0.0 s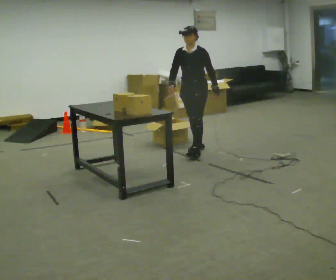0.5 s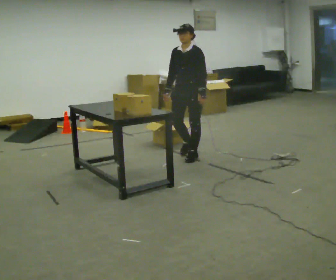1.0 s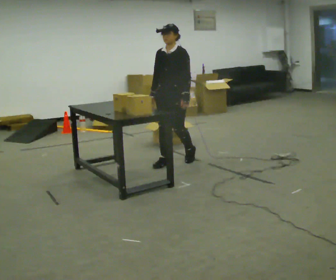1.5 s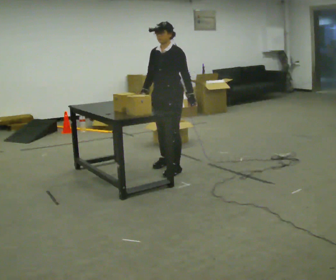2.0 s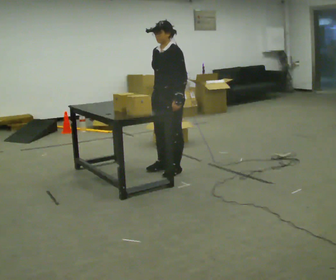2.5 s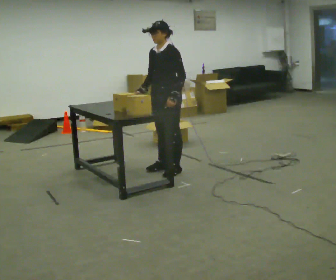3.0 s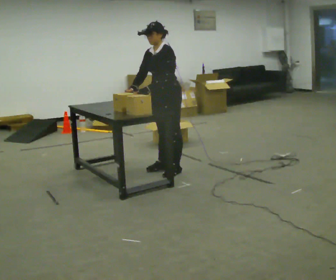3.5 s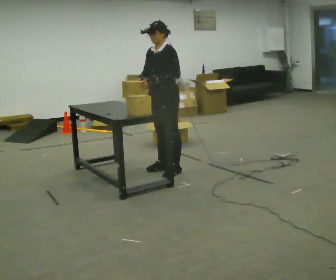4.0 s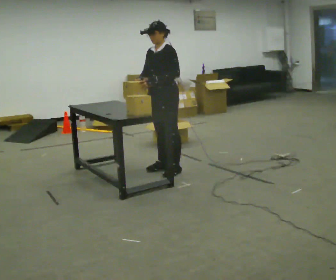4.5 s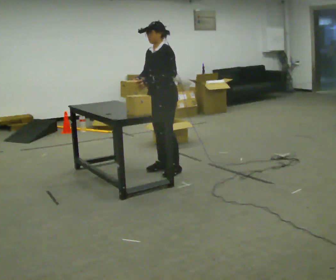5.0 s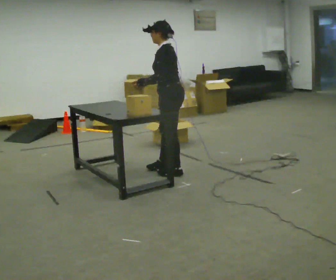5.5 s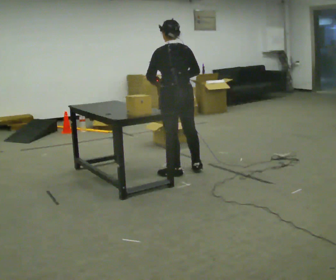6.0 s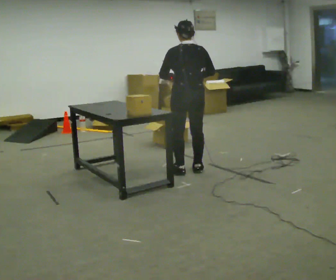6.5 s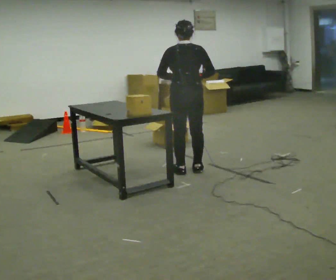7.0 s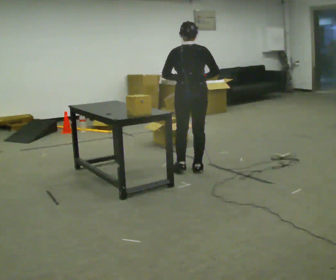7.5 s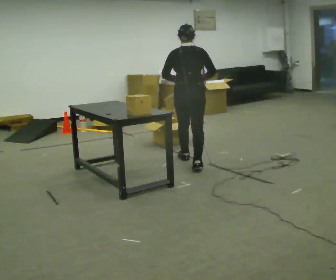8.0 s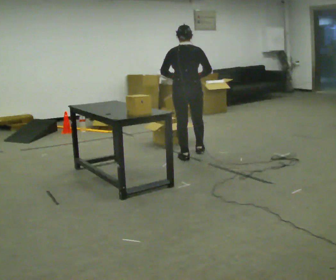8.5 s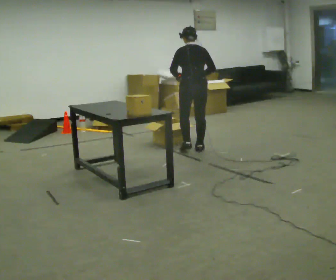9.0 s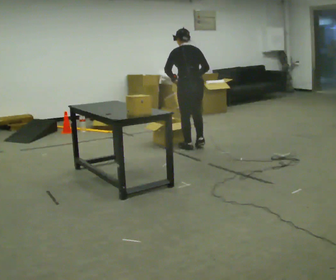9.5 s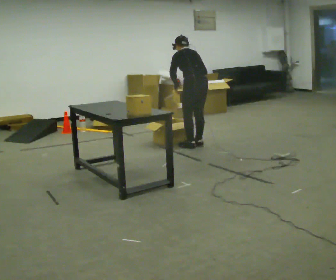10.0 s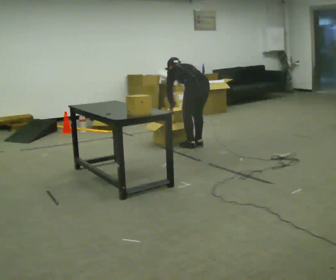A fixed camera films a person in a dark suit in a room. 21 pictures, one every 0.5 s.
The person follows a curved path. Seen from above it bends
counterclockwise.
0.0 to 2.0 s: In the picture they go toward the camera and to the left, about 1 m in 4 steps, which for them is forward.
2.0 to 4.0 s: The person moves a little, or ends about where they began.
4.0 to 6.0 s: The person turns about 120 degrees to their right, clockwise seen from above, so the part of the body nearest the lens slides to the left. In the picture they go to the right, about 0.25 m in 1 step.
6.0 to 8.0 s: In the picture they go away from the camera, about 0.5 m in 1 step, which for them is forward.
8.0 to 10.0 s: The part of the body nearest the lens slides to the right as the person turns to their left by about 30 degrees. In the picture they go away from the camera, about 0.5 m in 3 steps, which for them is forward and to their right. The upper body goes downward. The upper body tips away from the camera, its near side rolling upward, as they bend forward. In the picture their left hand goes downward.
The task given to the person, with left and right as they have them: Take an object out of the bin at knee height, carry it across the room, and place it on the chest-height shelf. Keep going until the operator says stop; one object at a time, and do not rush between trips.
The film runs forward here.
